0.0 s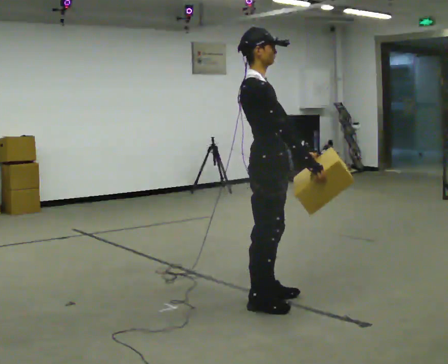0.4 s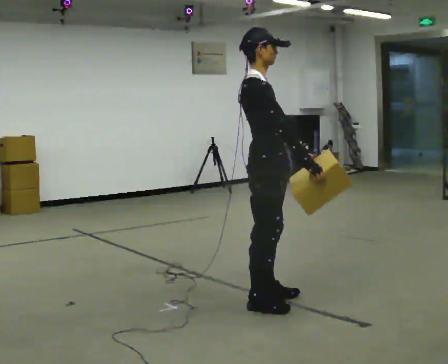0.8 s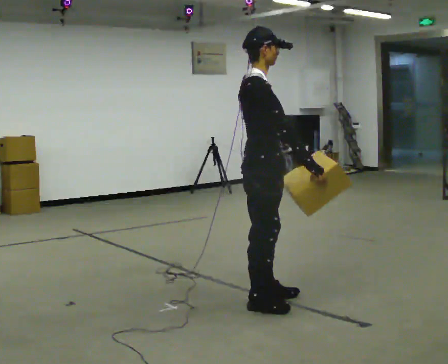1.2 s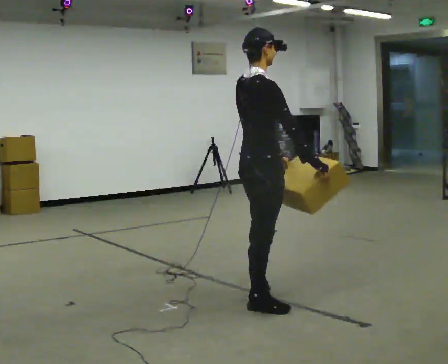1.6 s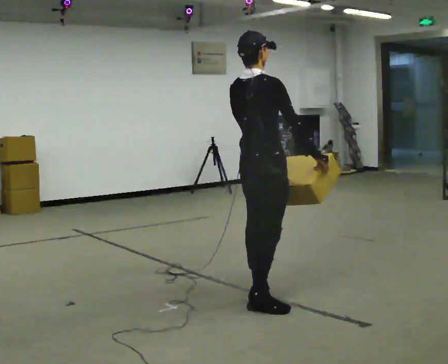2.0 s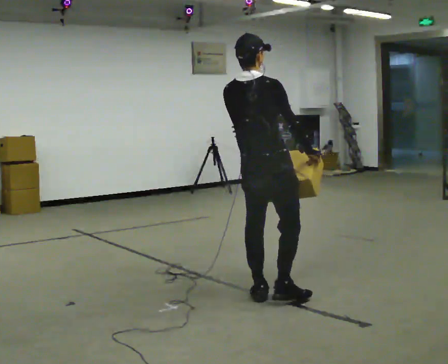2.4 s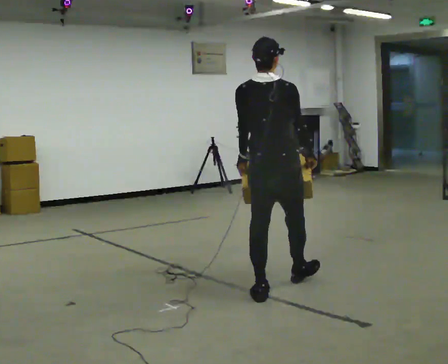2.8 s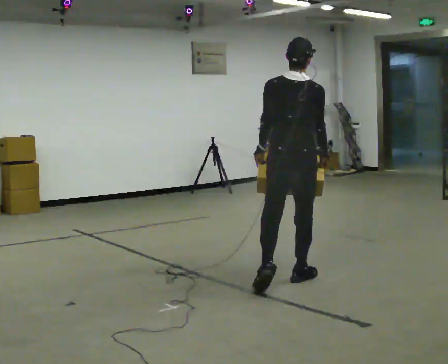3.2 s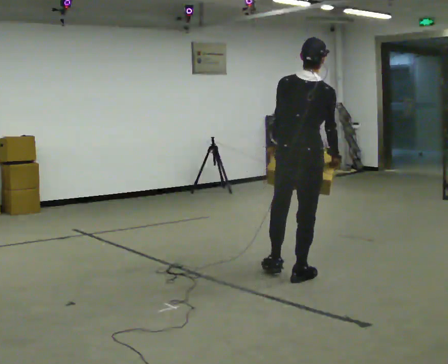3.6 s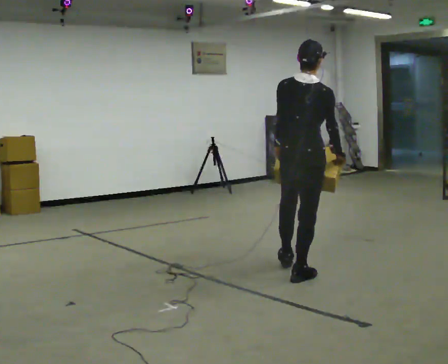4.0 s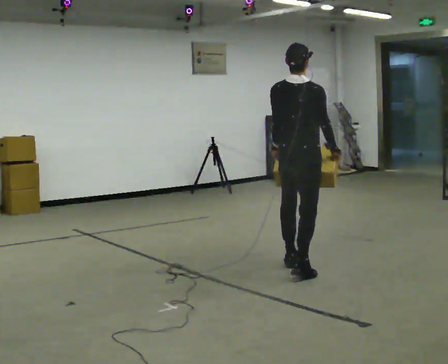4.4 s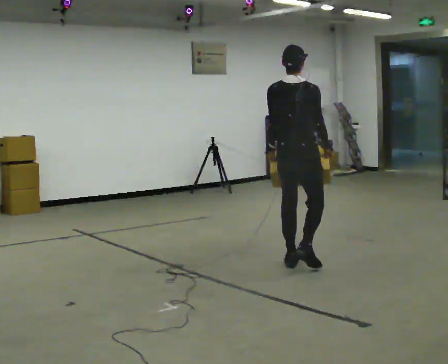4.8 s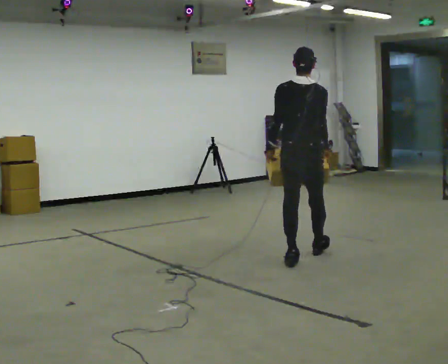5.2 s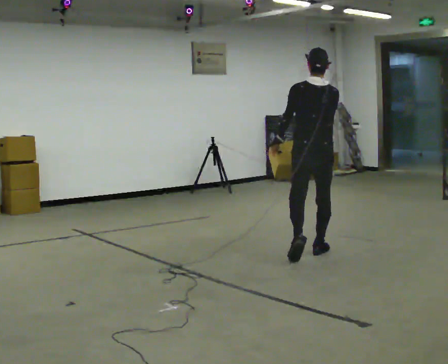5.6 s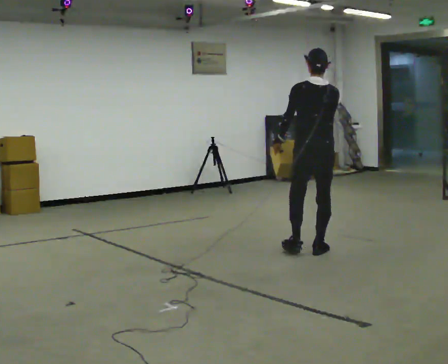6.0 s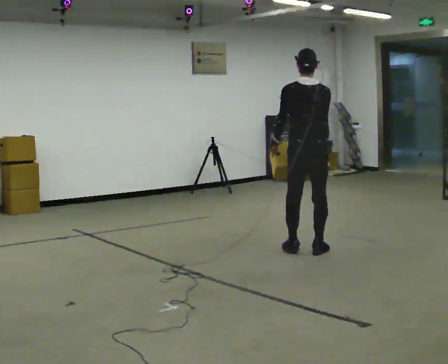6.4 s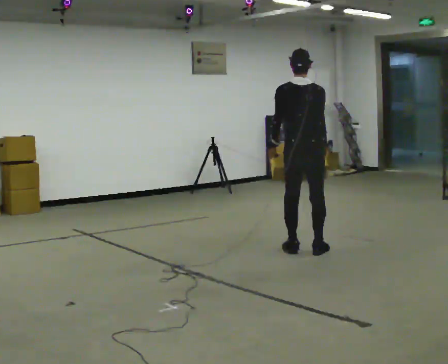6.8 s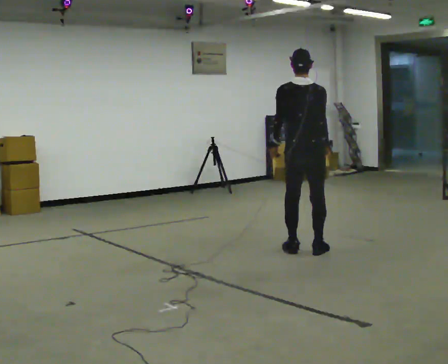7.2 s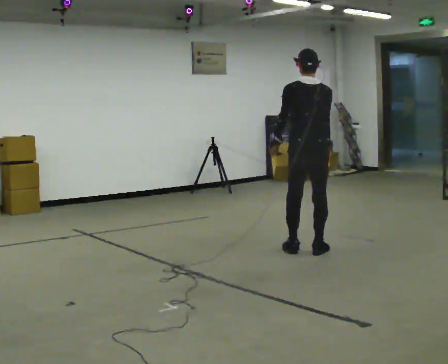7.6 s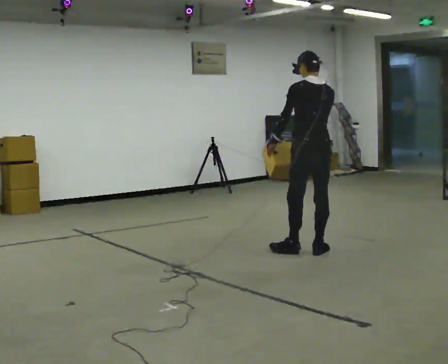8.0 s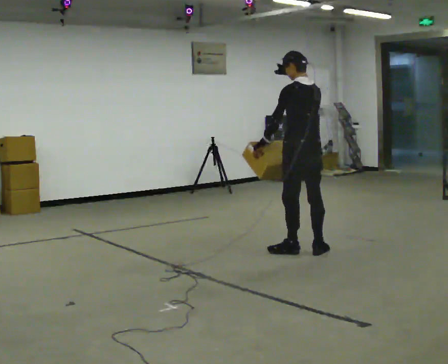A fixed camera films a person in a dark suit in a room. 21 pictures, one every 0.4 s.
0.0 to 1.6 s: Seen from above the body turns counterclockwise, about 45 degrees: to their left, with its near side sliding to the right. In the picture their left hand goes to the left.
1.6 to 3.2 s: The part of the body nearest the lens slides to the right as the person turns to their left by about 30 degrees. In the picture they go away from the camera and to the right, about 0.5 m in 1 step, which for them is forward and to their right.
3.2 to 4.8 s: In the picture they go away from the camera, about 0.5 m in 2 steps, which for them is forward.
4.8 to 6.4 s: In the picture they go away from the camera, about 0.25 m in 1 step, which for them is forward.
6.4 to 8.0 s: The part of the body nearest the lens slides to the right as the person turns to their left by about 45 degrees.
The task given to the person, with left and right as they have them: Carry the medium box in both hands in front of you, walking back and forth across the room. Keep walking until the operator says stop.
The film runs forward here.
